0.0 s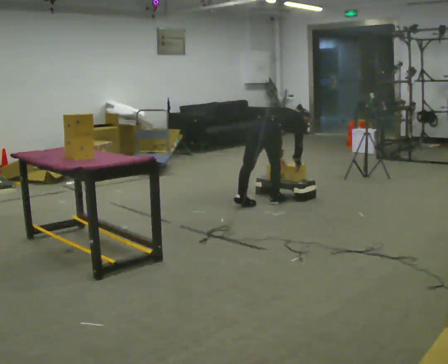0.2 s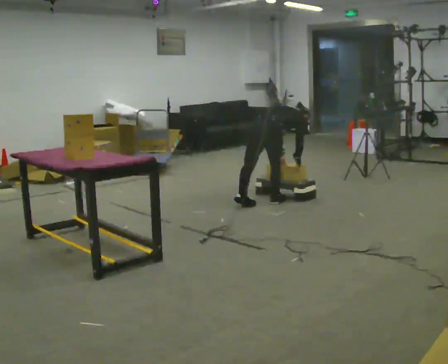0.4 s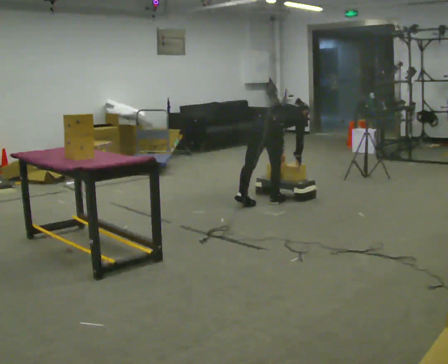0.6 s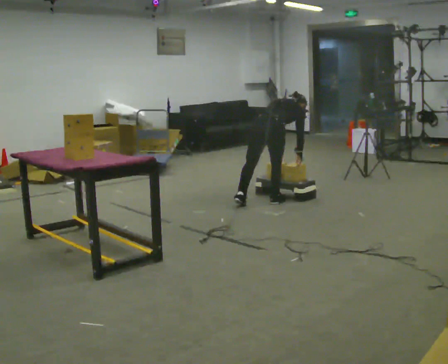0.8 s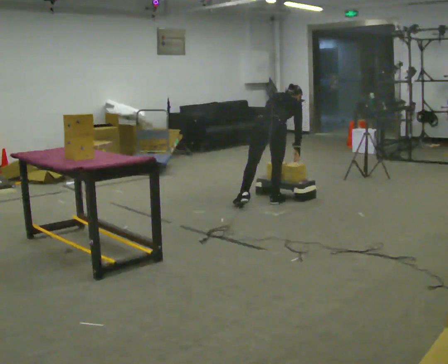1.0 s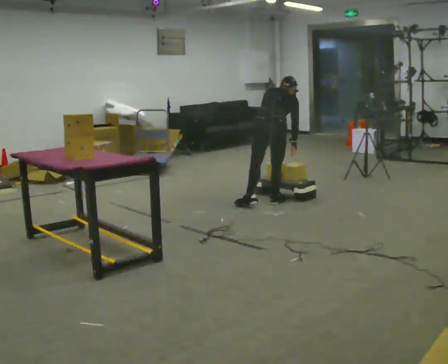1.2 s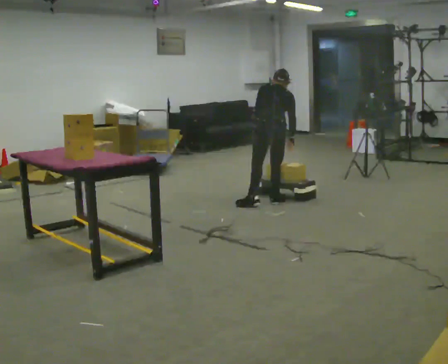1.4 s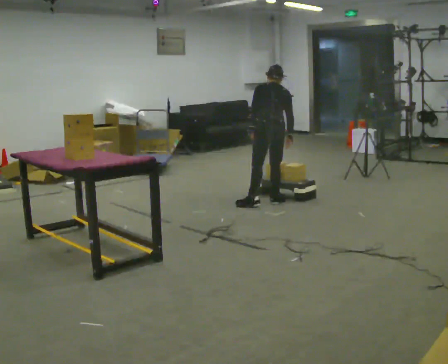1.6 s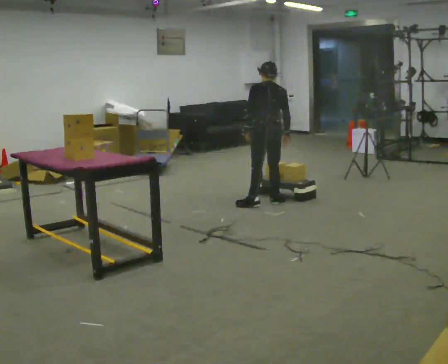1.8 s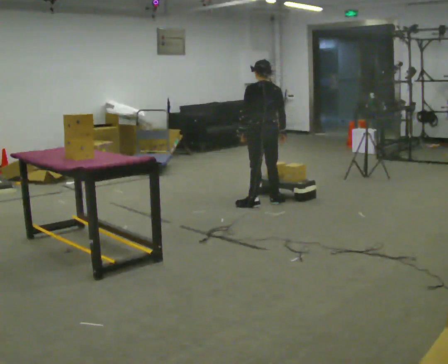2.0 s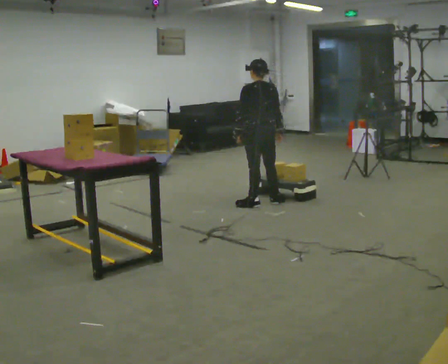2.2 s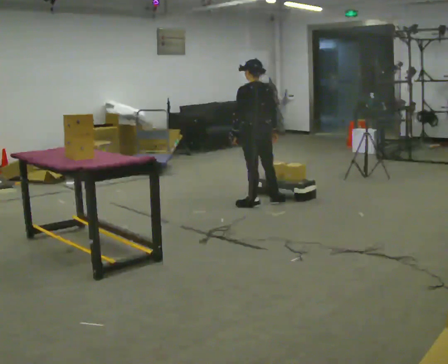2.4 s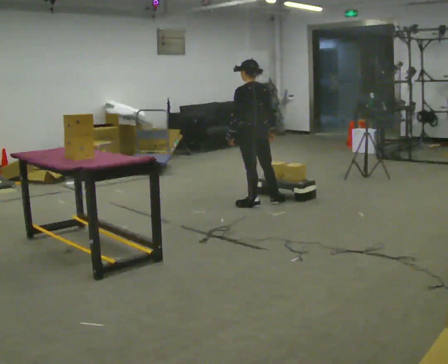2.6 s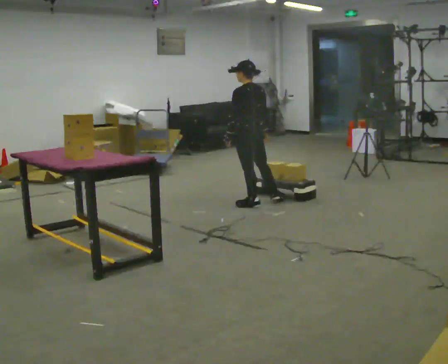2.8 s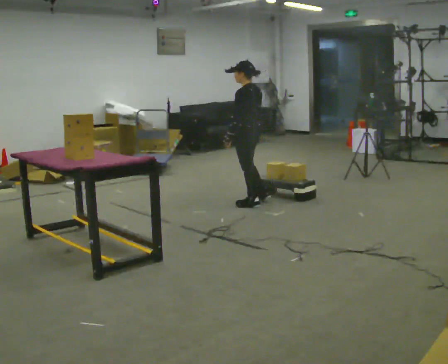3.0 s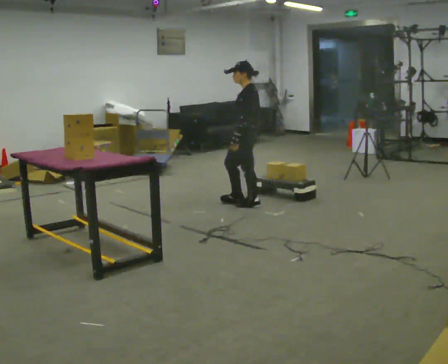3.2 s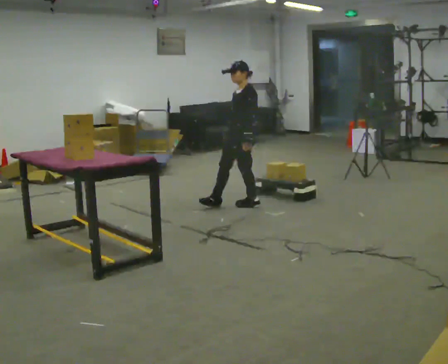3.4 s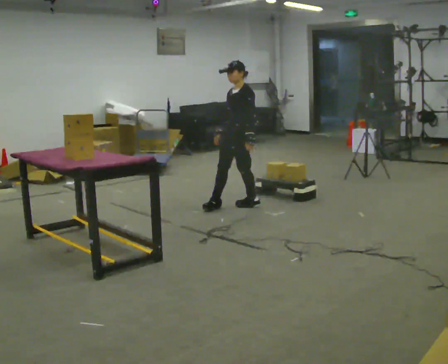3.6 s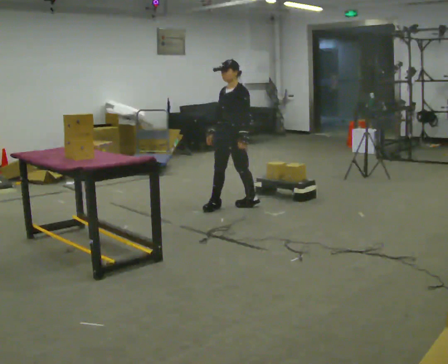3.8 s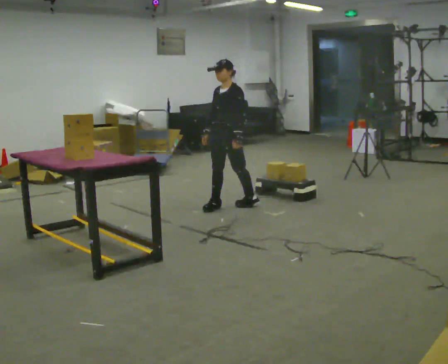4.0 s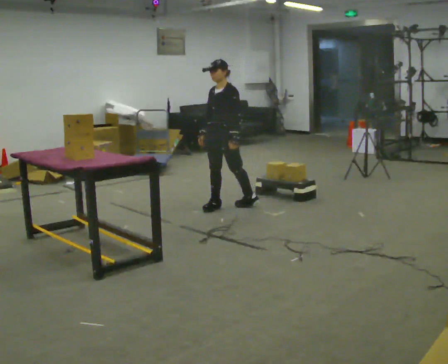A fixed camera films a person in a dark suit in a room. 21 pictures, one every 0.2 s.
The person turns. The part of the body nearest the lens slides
to the right.
The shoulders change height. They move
upward.
0.0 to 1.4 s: The part of the body nearest the lens slides to the right as the person turns to their left by about 60 degrees. The upper body goes upward. In the picture the upper body tilts counterclockwise, shoulders to the left, as they lean back or straighten. In the picture their left hand goes to the left and upward.
1.4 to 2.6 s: Seen from above the body turns counterclockwise, about 30 degrees: to their left, with its near side sliding to the right. In the picture they go to the left, about 0.25 m, which for them is to their left. The upper body tips toward the camera, its near side rolling downward, as they lean back or straighten.
2.6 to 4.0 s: The person turns about 90 degrees to their left, counterclockwise seen from above, so the part of the body nearest the lens slides to the right. In the picture they go to the left, about 0.25 m in 1 step.
The film runs forward here.
